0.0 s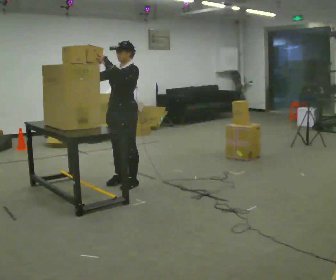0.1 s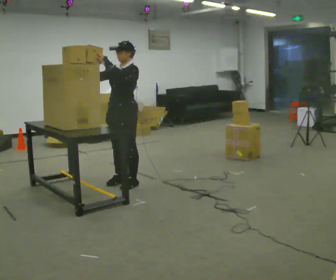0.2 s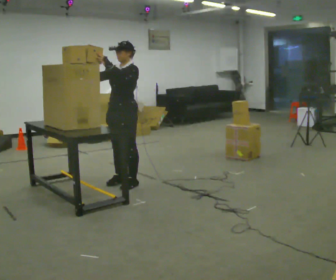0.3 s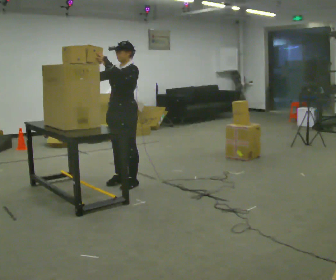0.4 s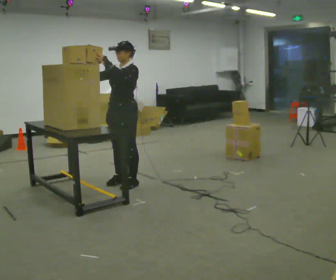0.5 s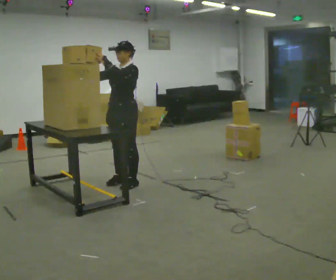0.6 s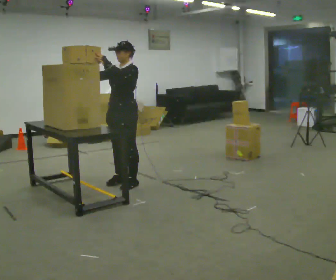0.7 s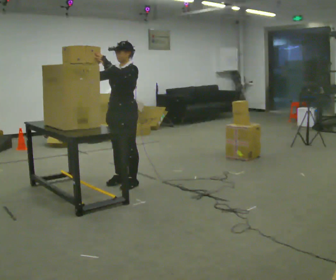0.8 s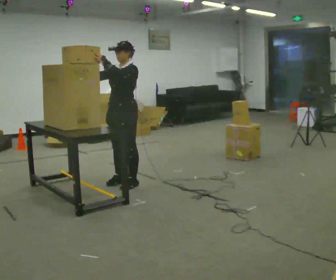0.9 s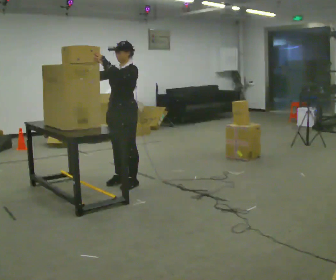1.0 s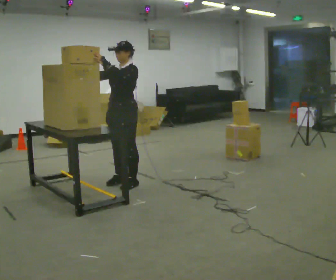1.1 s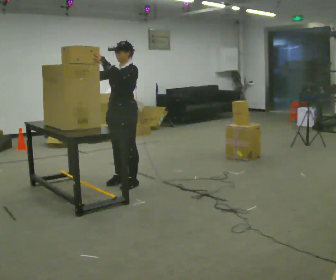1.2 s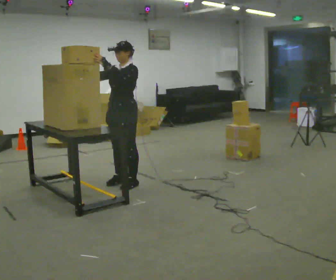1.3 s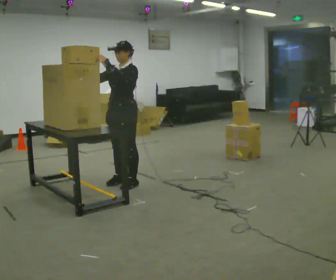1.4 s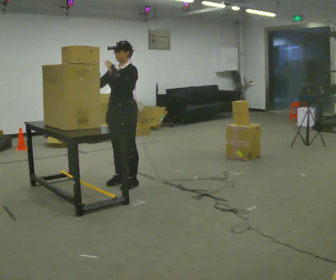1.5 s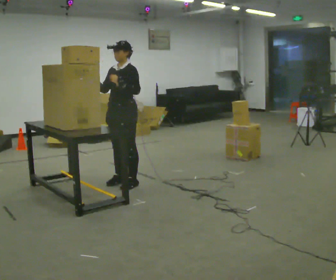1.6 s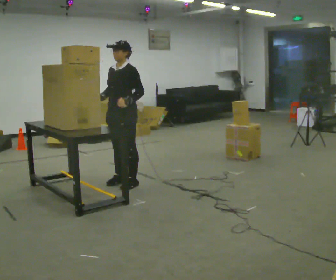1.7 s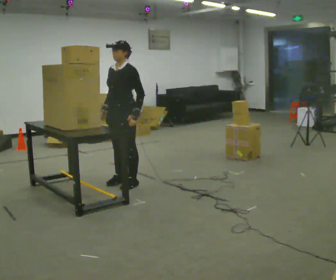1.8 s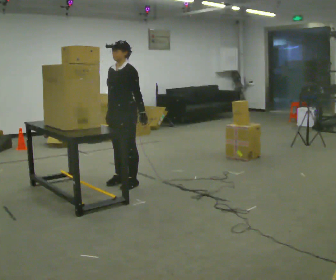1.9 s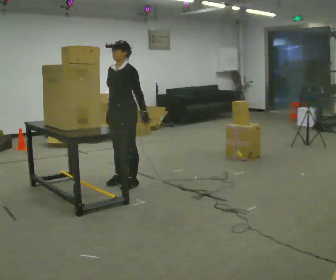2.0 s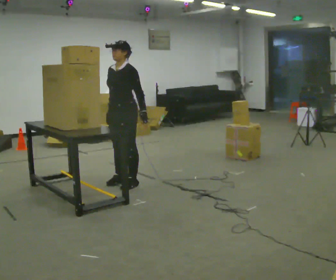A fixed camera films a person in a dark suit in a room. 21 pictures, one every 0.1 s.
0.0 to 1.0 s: The person keeps their place and pose.
1.0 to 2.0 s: In the picture their right hand goes downward, the arm swinging counterclockwise.
The film runs forward here.
